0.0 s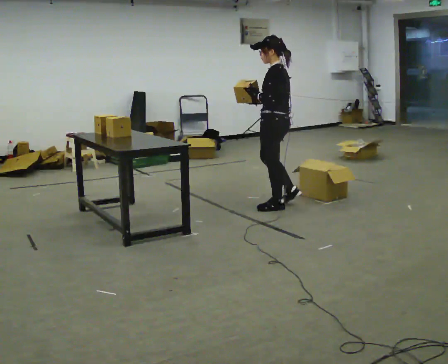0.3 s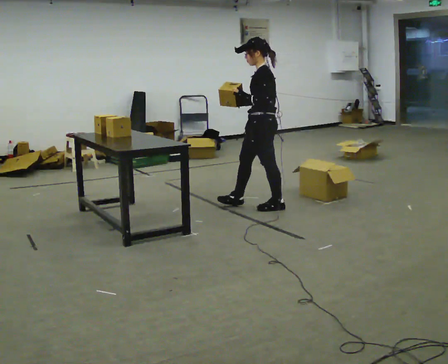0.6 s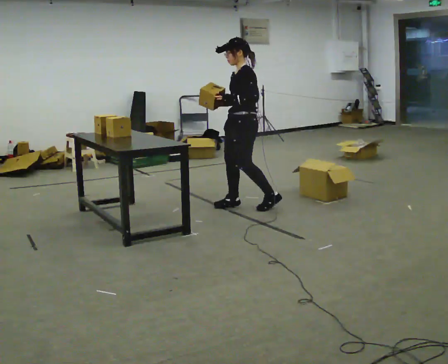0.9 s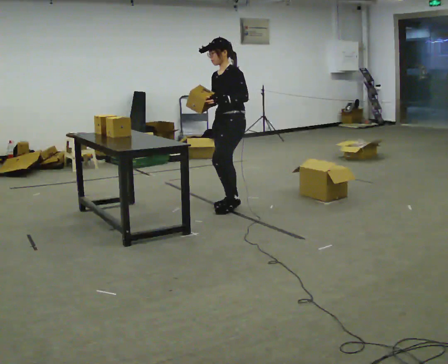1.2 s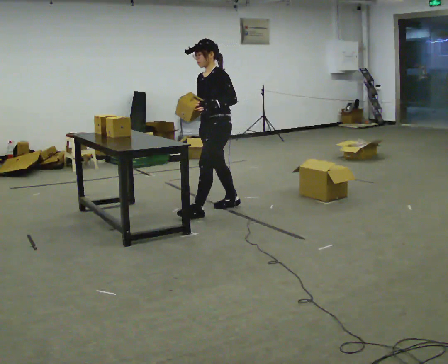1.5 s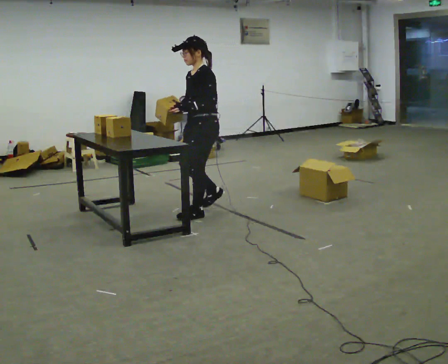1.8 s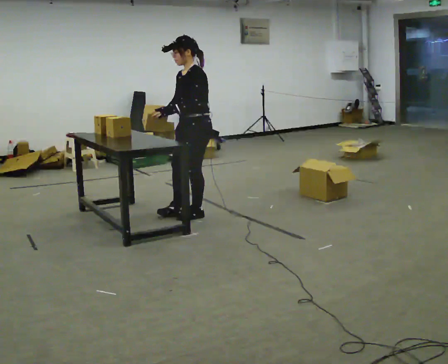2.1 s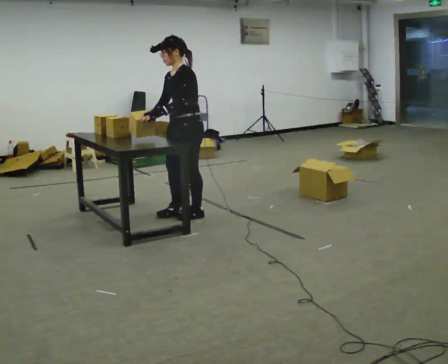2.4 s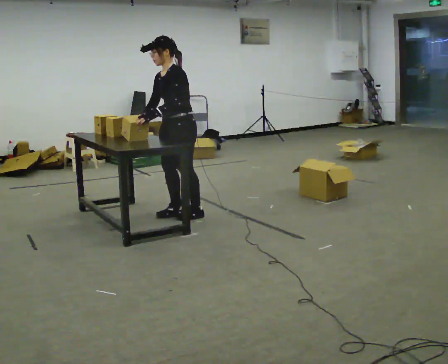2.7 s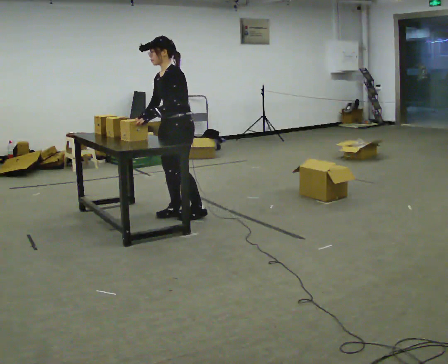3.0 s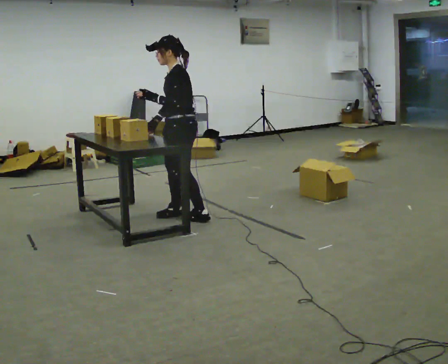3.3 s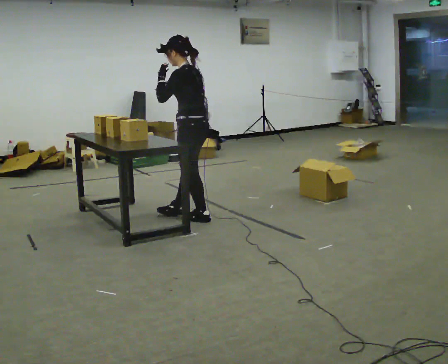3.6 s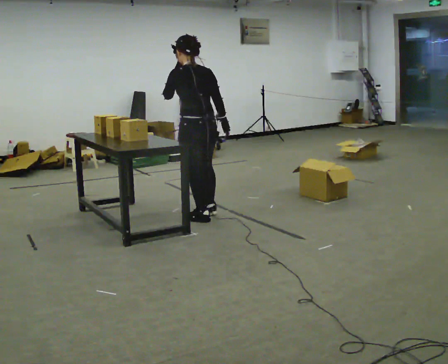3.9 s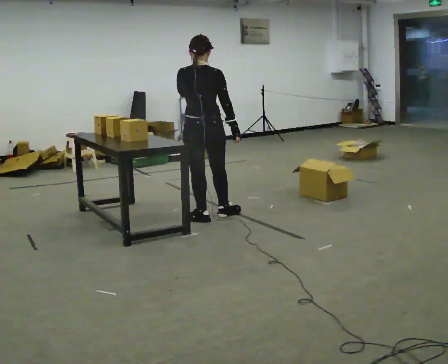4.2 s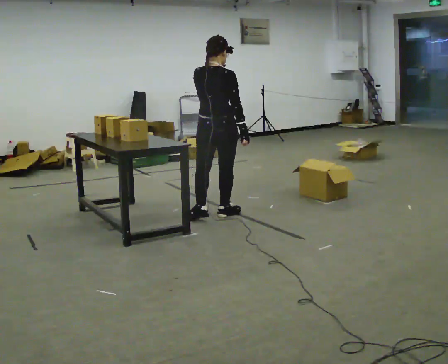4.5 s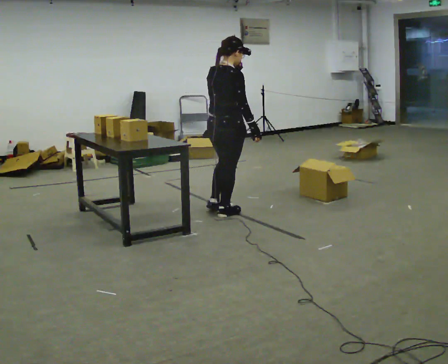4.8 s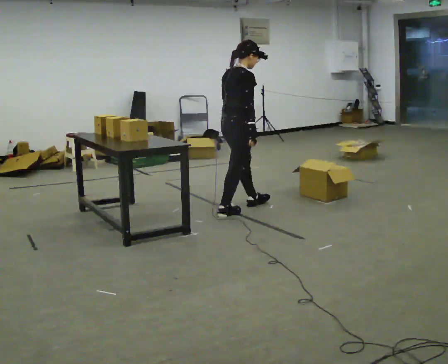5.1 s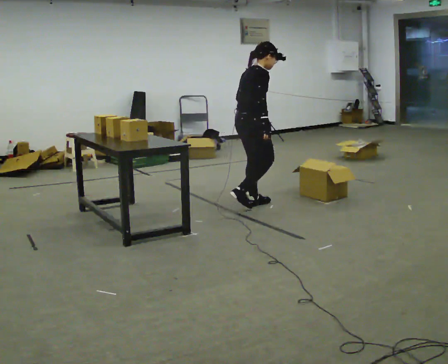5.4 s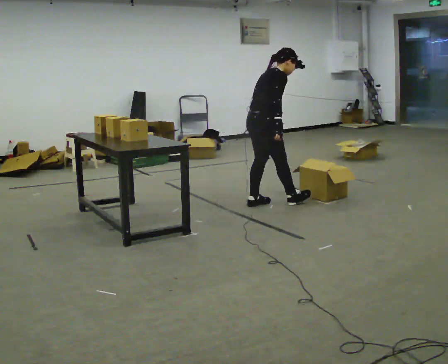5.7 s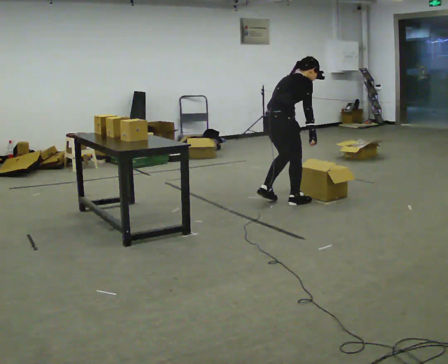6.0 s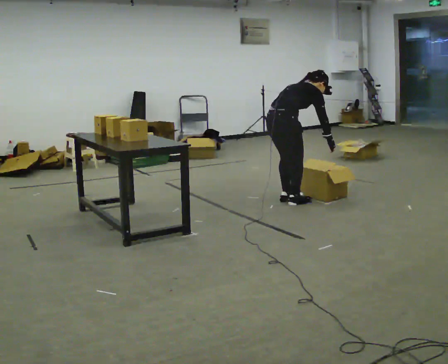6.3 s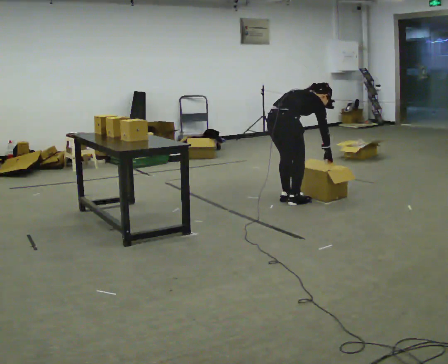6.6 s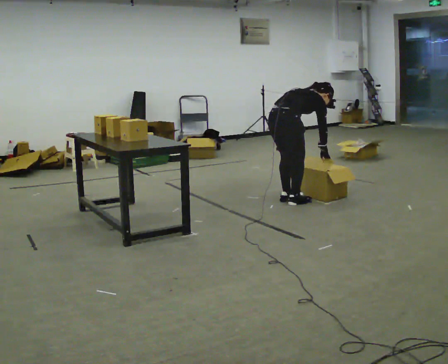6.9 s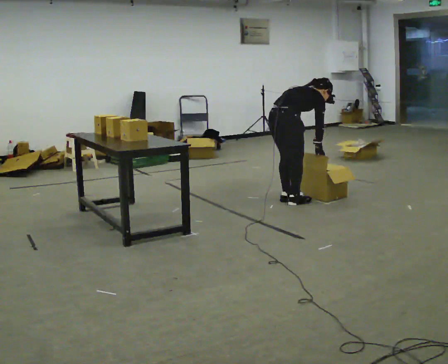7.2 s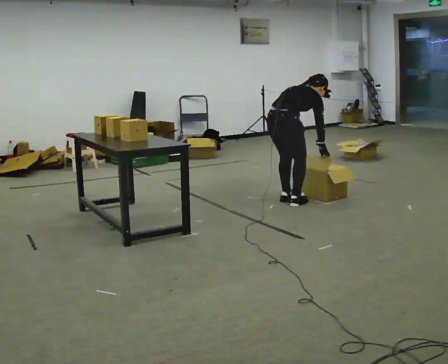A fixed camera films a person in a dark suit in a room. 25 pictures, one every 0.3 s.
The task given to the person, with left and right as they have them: Carry the object across the room, open the lid of the container, put the object inside, and close the lid again. Then go back for the next one. Keep going until the operator says stop; one object at a time, and do not rush between trips.
0.0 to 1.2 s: The person turns about 45 degrees to their left, counterclockwise seen from above, so the part of the body nearest the lens slides to the right. In the picture they go to the left, about 0.5 m in 2 steps, which for them is forward.
1.2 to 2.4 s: In the picture they go to the left, about 0.25 m in 1 step, which for them is forward.
2.4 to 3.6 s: Seen from above the body turns clockwise, about 90 degrees: to their right, with its near side sliding to the left. In the picture they go to the right and toward the camera, about 0.25 m in 1 step. In the picture their right hand goes to the right, the arm swinging counterclockwise.
3.6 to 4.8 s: Seen from above the body turns clockwise, about 90 degrees: to their right, with its near side sliding to the left. In the picture they go to the right and away from the camera, about 0.5 m in 2 steps.
4.8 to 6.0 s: In the picture they go to the right, about 0.5 m in 2 steps, which for them is forward. The upper body goes downward. In the picture the upper body tilts clockwise, shoulders to the right, as they bend forward. In the picture their left hand goes downward.
6.0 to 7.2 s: The person moves a little, or ends about where they began.
The film runs forward here.
